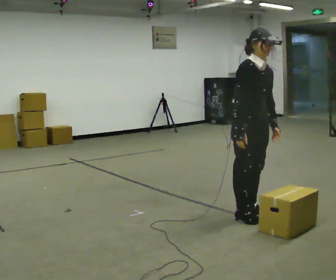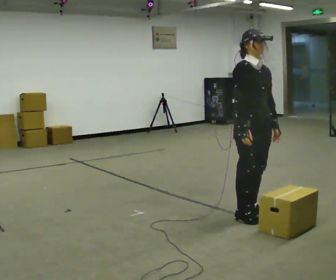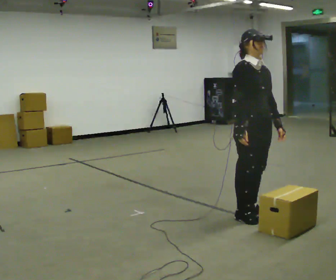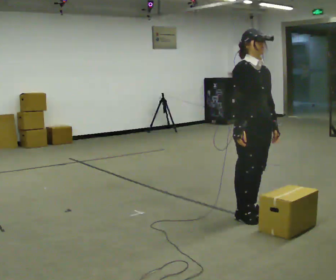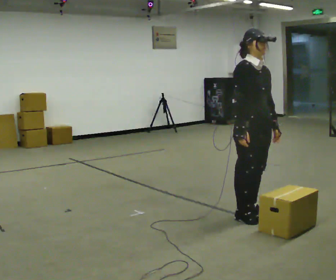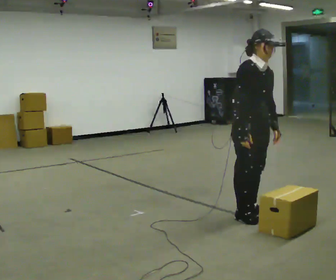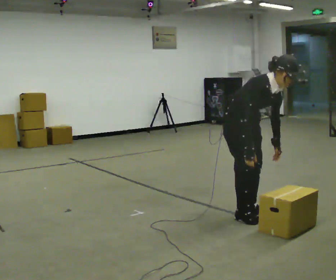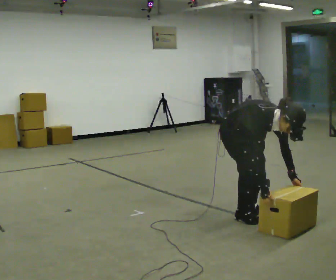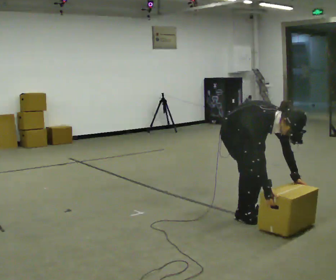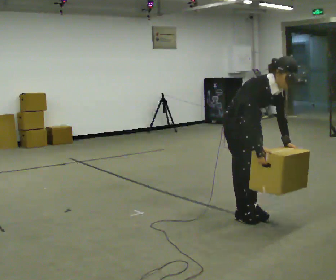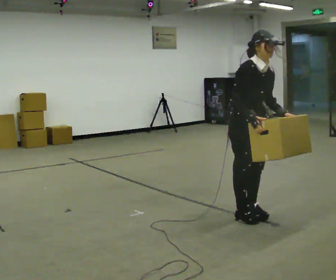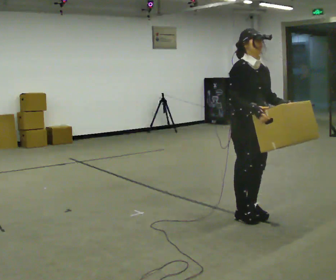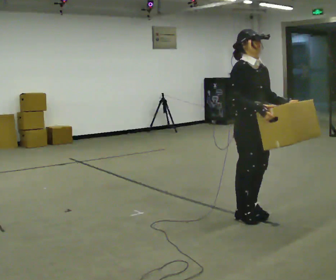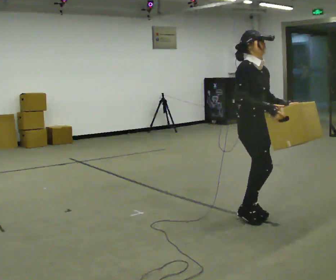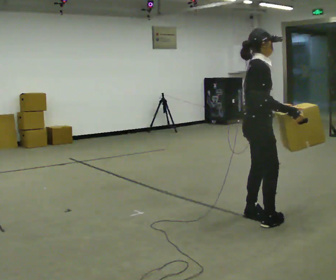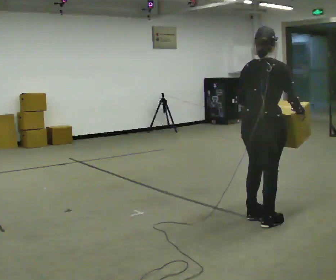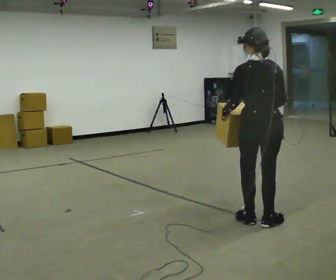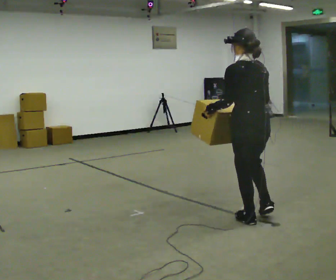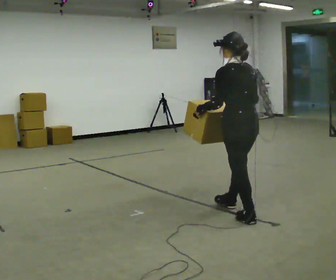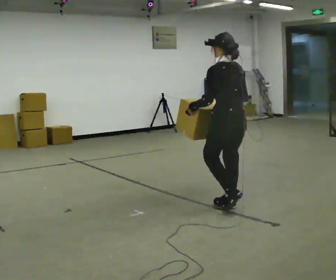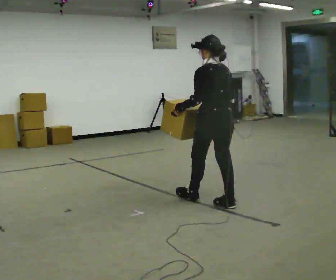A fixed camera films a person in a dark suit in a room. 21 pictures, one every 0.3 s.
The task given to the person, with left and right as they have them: Carry the box along the marked route, turning 90 degrees at the corner the operator calls, and set it down at the end. Keep going until the operator says stop; one object at a time, and do not rush between trips.
0.0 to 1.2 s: The person moves a little, or ends about where they began.
1.2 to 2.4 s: The upper body goes downward. In the picture the upper body tilts clockwise, shoulders to the right, as they bend forward. In the picture their right hand goes downward.
2.4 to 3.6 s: The shoulders move upward. In the picture the upper body tilts counterclockwise, shoulders to the left, as they lean back or straighten. In the picture their left hand goes upward.
3.6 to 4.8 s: The part of the body nearest the lens slides to the right as the person turns to their left by about 150 degrees. In the picture they go toward the camera, about 0.25 m in 2 steps.
4.8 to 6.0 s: The person turns about 30 degrees to their left, counterclockwise seen from above, so the part of the body nearest the lens slides to the right. In the picture they go away from the camera and to the left, about 0.75 m in 1 step, which for them is forward.
The film runs forward here.
